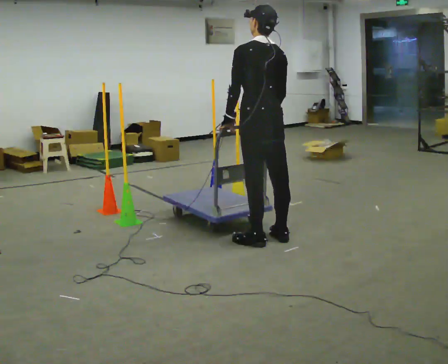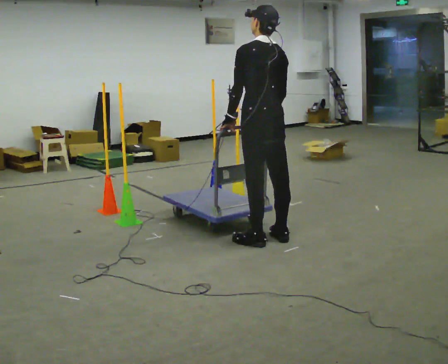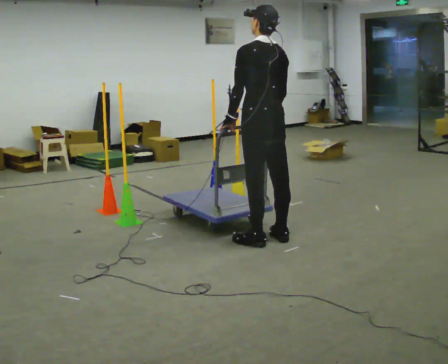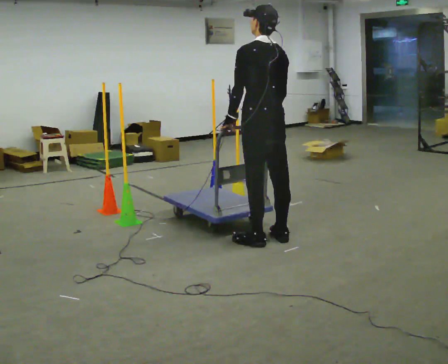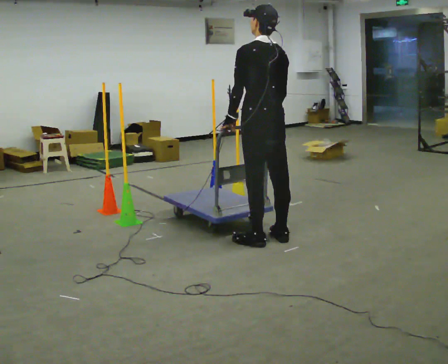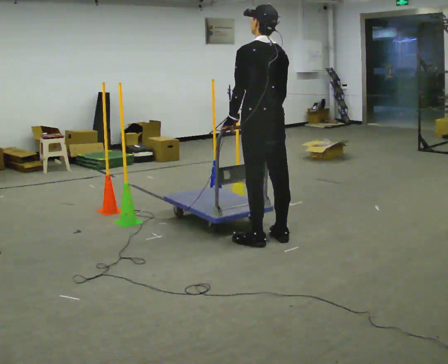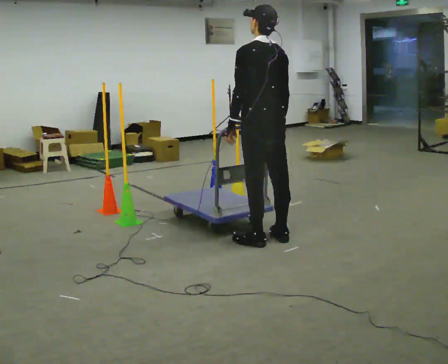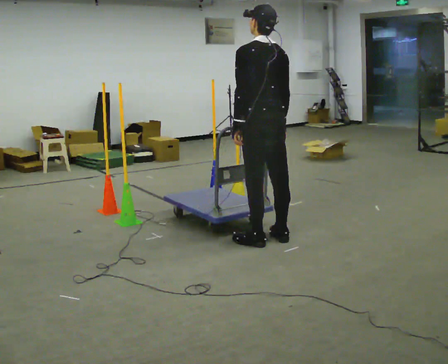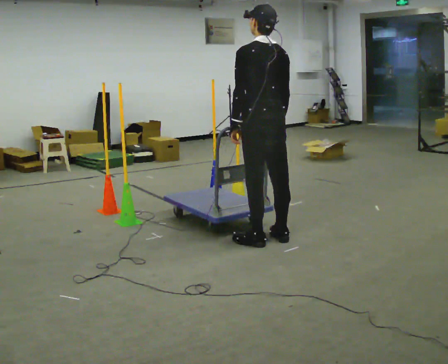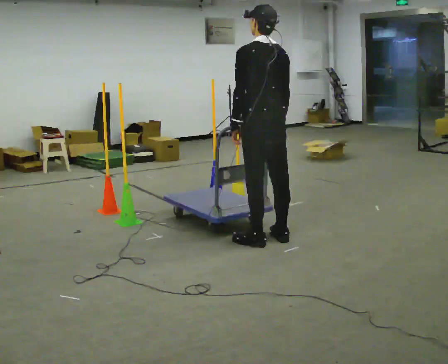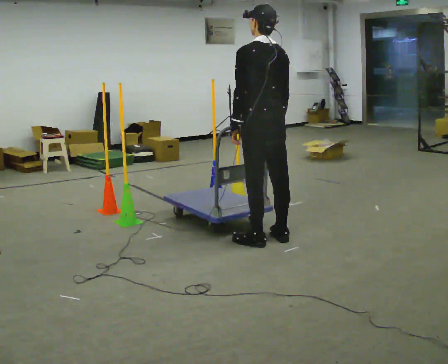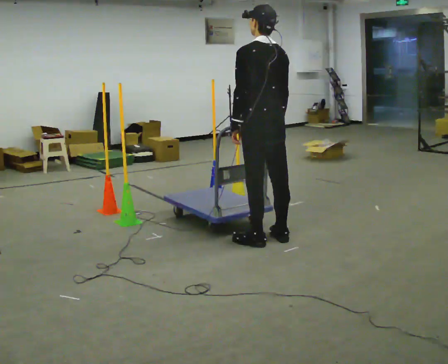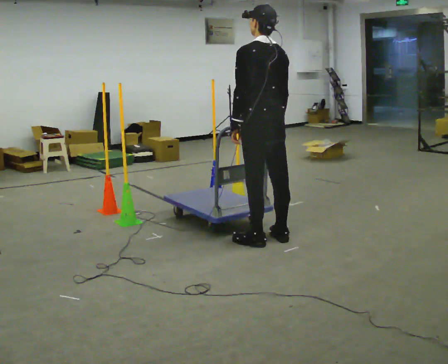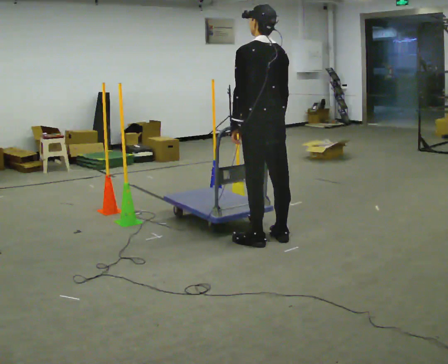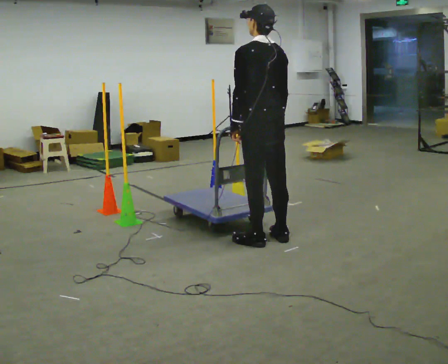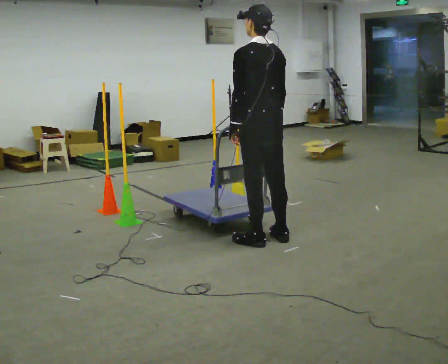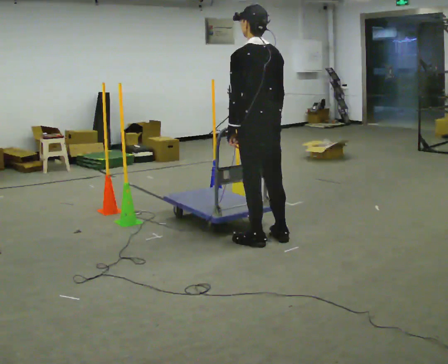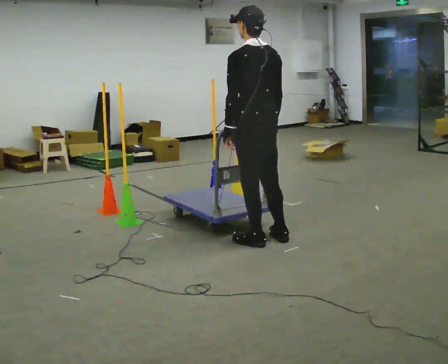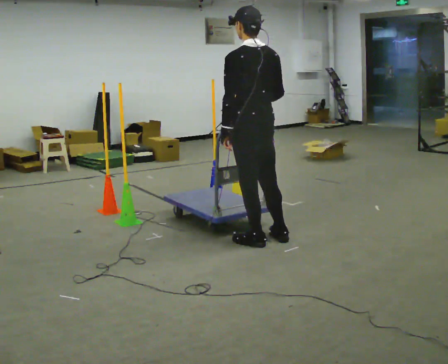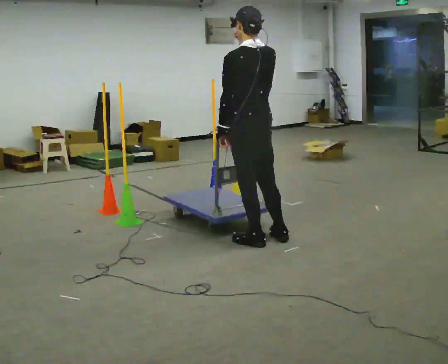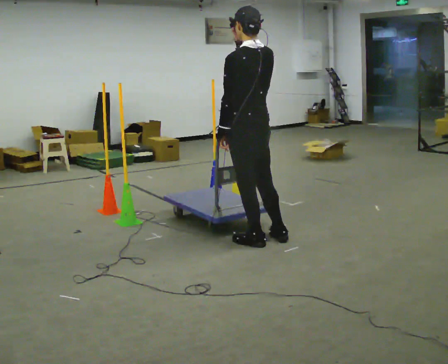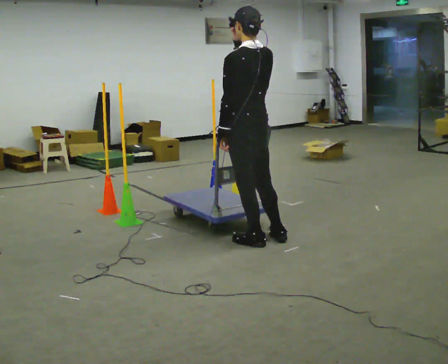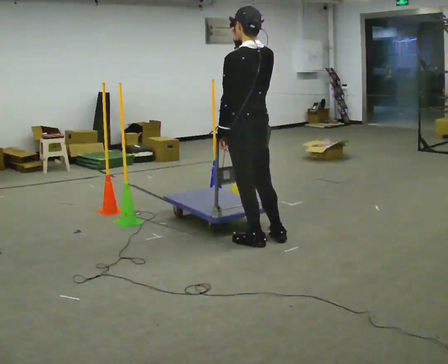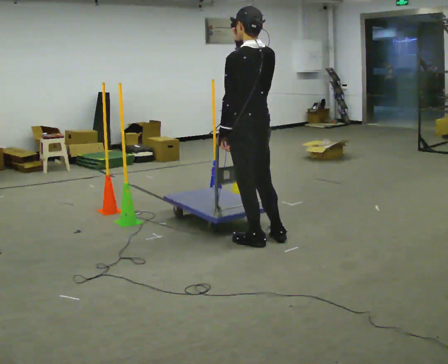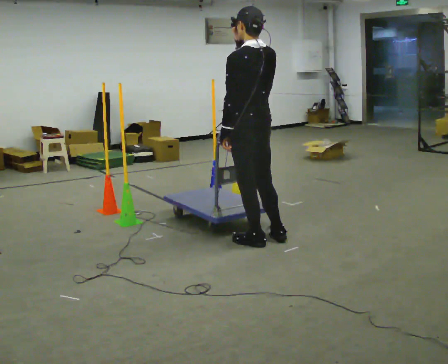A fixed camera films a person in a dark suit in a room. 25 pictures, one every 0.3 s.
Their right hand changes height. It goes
upward.
0.0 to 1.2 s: The person keeps their place and pose.
1.2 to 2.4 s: The person moves a little, or ends about where they began.
2.4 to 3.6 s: The person keeps their place and pose.
3.6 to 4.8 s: The person moves a little, or ends about where they began.
4.8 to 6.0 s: In the picture their right hand goes upward.
6.0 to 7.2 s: The person moves a little, or ends about where they began.
The film runs forward here.
